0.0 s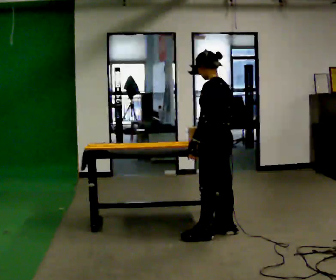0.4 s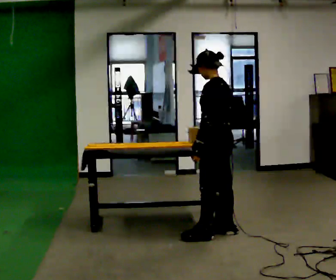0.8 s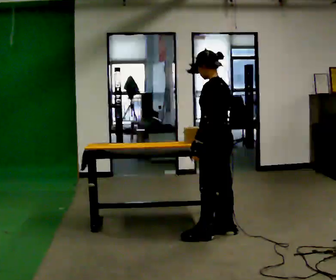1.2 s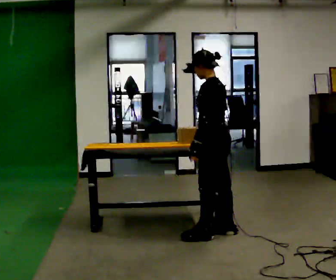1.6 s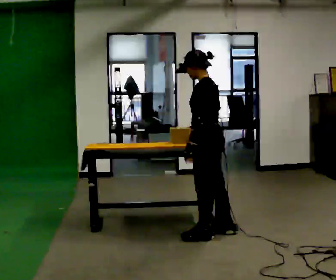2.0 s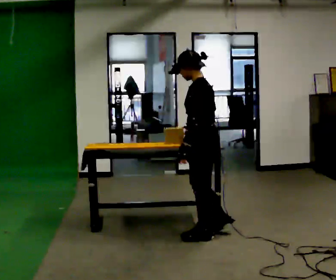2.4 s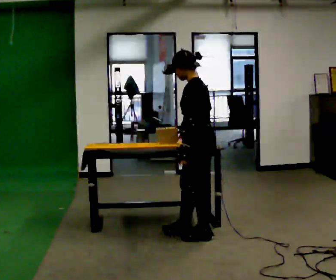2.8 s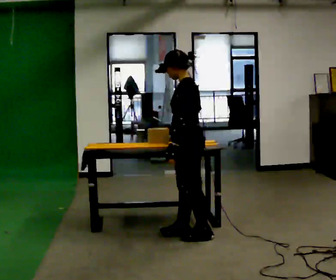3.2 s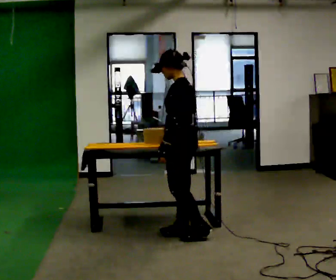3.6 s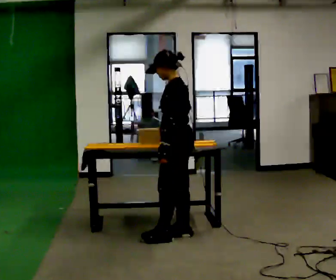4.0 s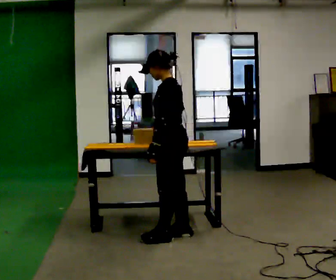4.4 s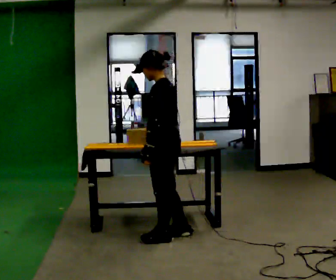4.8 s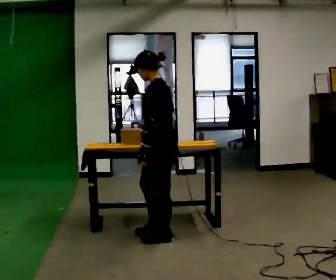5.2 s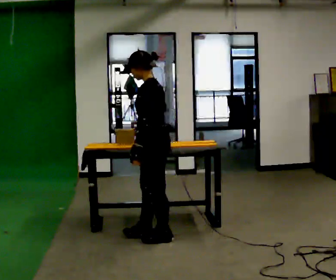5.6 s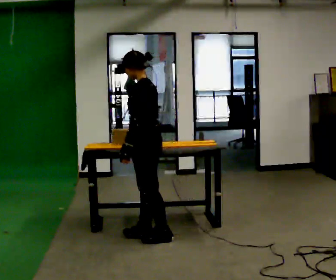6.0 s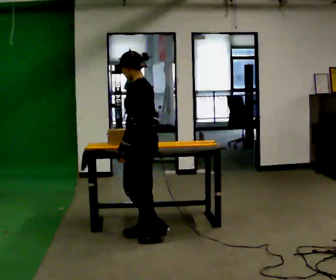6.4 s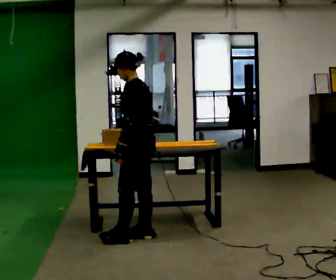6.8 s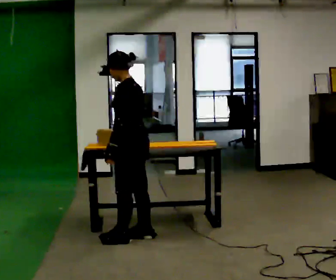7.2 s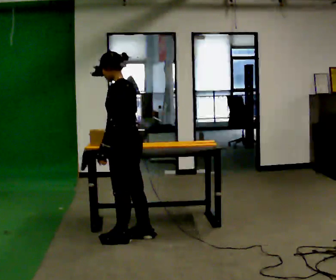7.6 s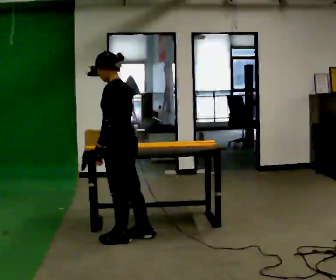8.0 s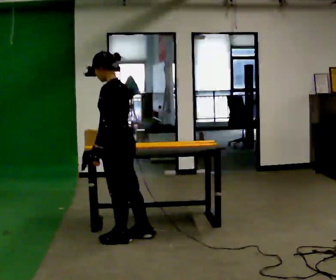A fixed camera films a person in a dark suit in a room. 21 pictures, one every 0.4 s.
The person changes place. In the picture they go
to the left.
0.0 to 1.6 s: The person moves a little, or ends about where they began.
1.6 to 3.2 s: In the picture they go to the left, about 0.25 m in 1 step, which for them is forward.
3.2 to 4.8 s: In the picture they go to the left, about 0.25 m in 1 step, which for them is forward and to their left.
4.8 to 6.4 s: In the picture they go to the left, about 0.25 m in 2 steps, which for them is forward.
6.4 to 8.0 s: In the picture they go to the left, about 0.25 m, which for them is forward.
The film runs forward here.
